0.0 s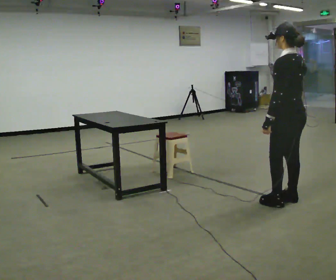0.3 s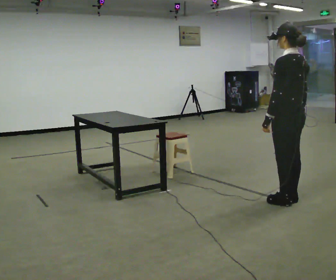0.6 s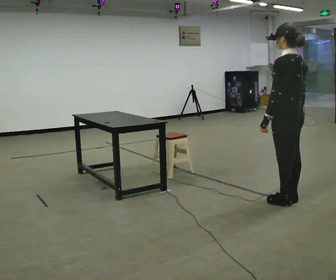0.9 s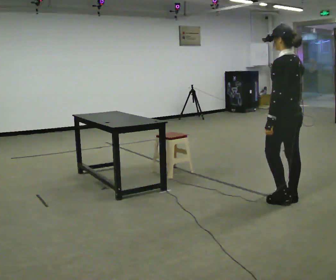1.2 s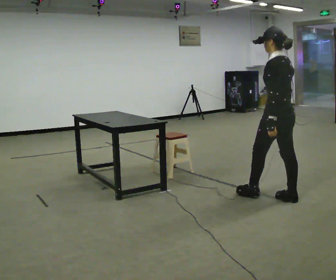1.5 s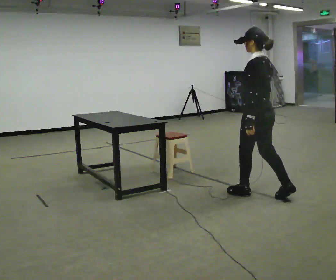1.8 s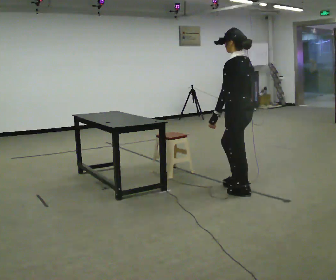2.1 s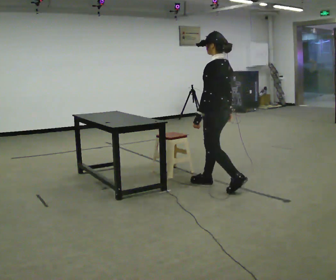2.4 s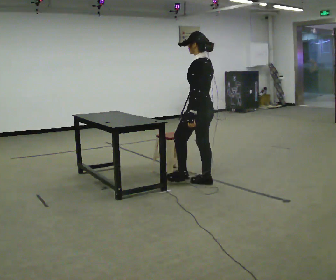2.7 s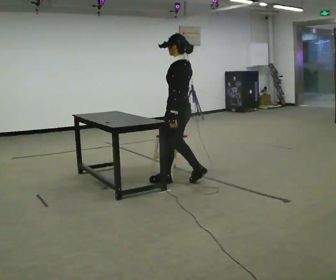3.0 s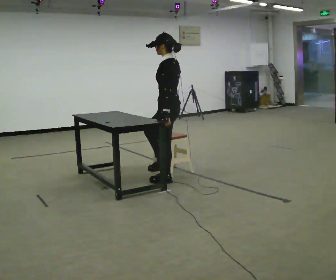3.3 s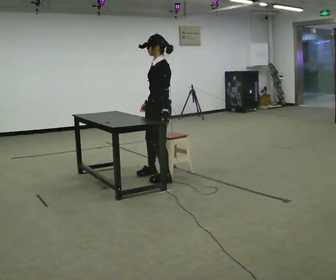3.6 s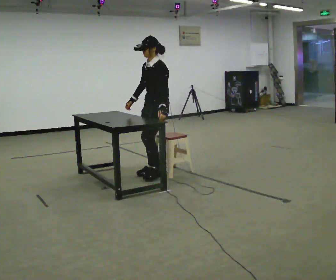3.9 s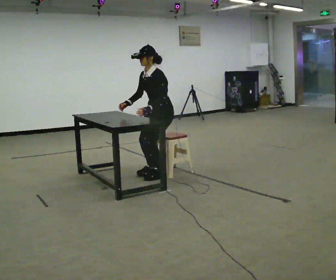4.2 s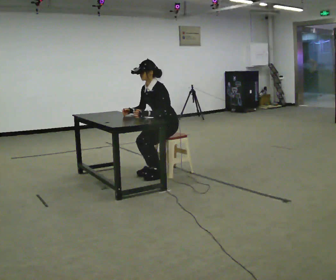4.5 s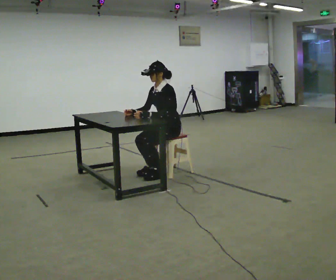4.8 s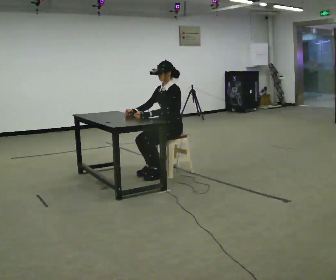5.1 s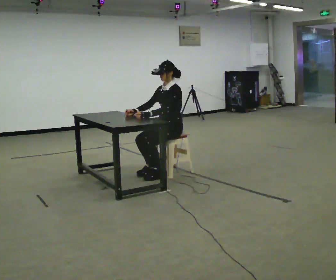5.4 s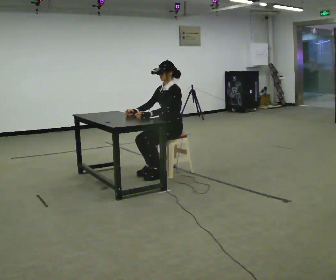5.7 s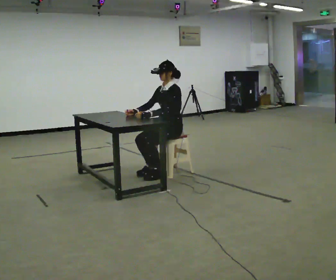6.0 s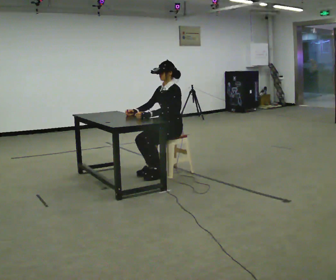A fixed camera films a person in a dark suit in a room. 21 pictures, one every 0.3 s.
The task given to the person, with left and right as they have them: Walk up to the chair at the table, sit down into the space, settle as if you were about to work there, then stand up and step away. Repeat the movement at your own pace until the operator says stop; do not rush.
0.0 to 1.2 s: The person moves a little, or ends about where they began.
1.2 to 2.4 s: In the picture they go to the left and away from the camera, about 1 m in 2 steps, which for them is forward.
2.4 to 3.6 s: The person turns about 60 degrees to their left, counterclockwise seen from above, so the part of the body nearest the lens slides to the right. In the picture they go to the left and away from the camera, about 0.5 m in 2 steps.
3.6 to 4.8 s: In the picture they go to the right, about 0.25 m in 1 step, which for them is backward. The upper body goes downward.
4.8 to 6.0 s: The person keeps their place and pose.
The film runs forward here.
